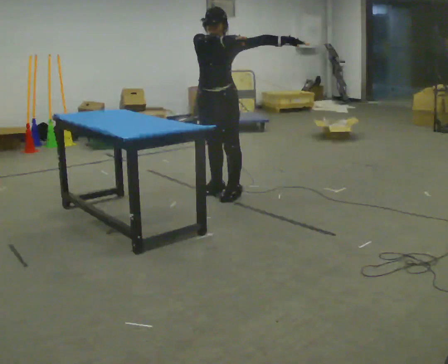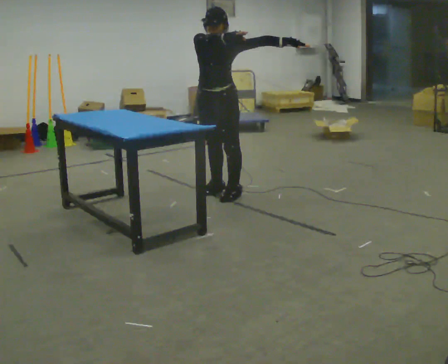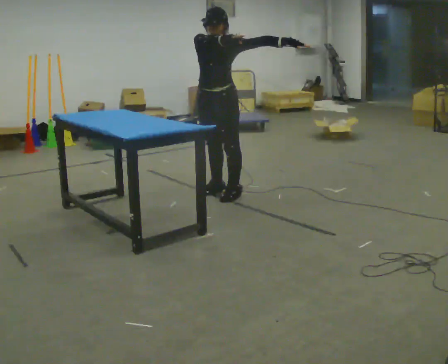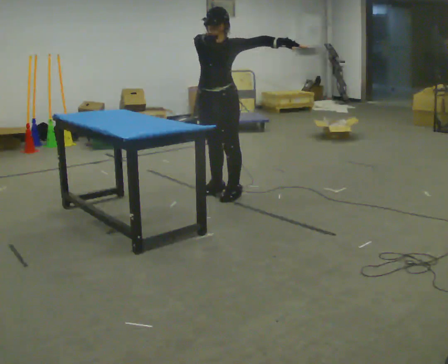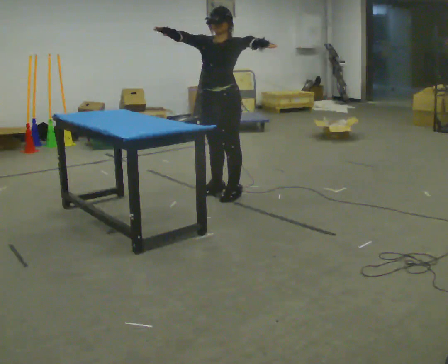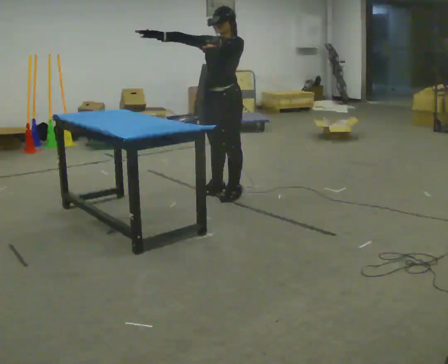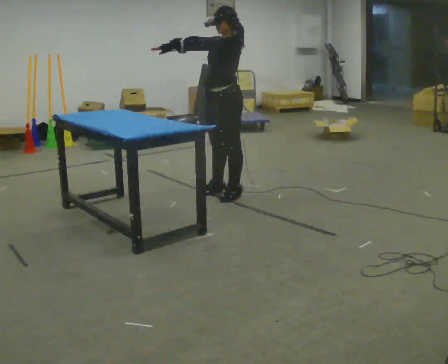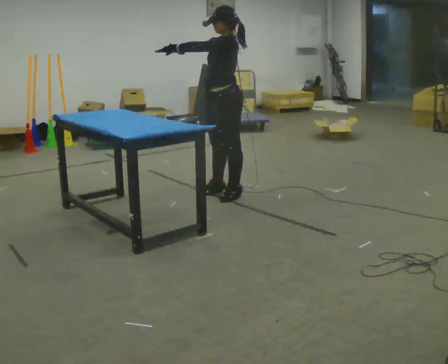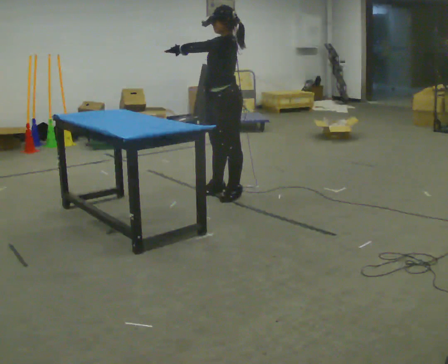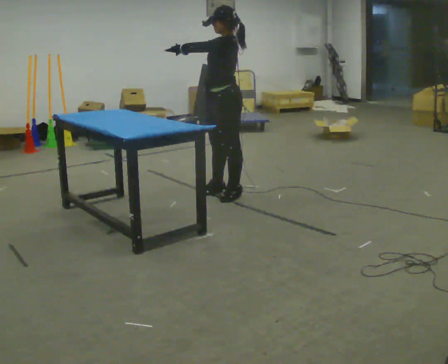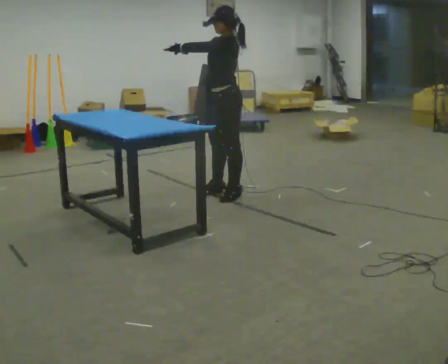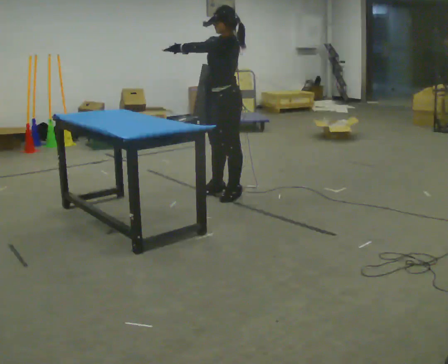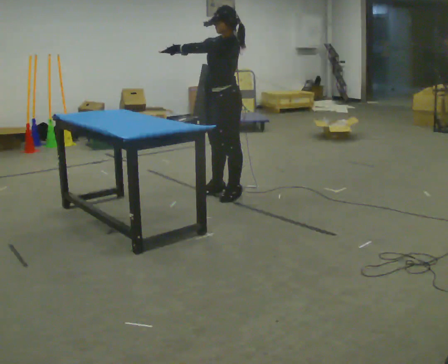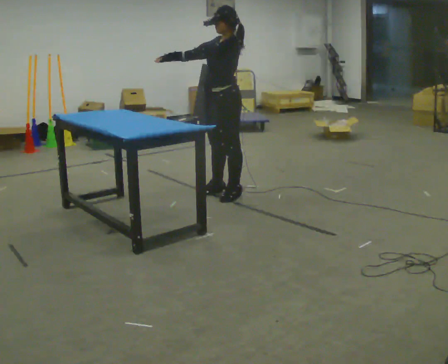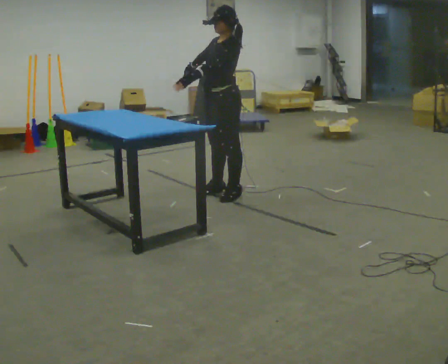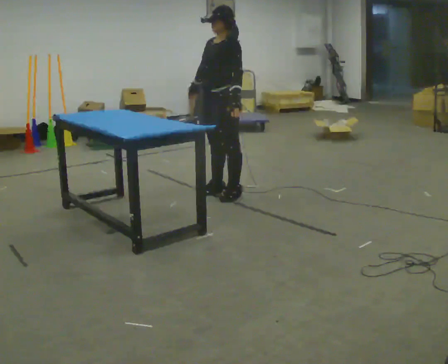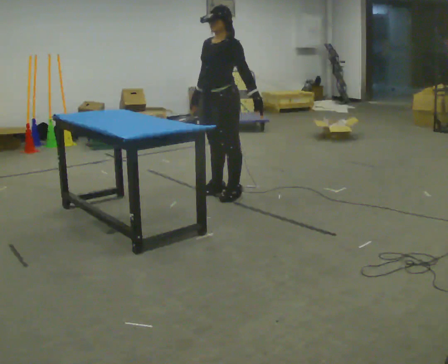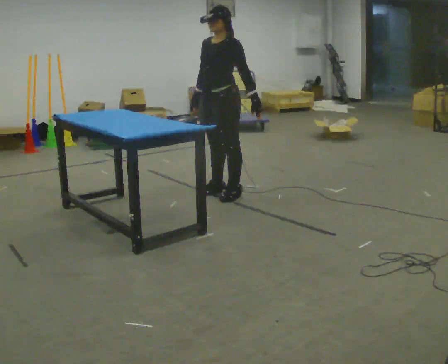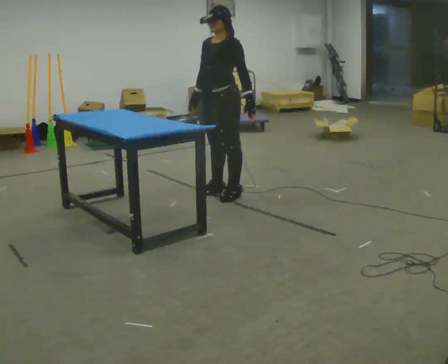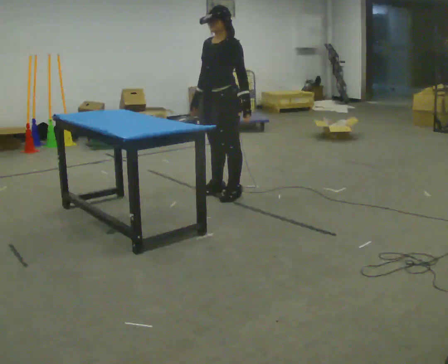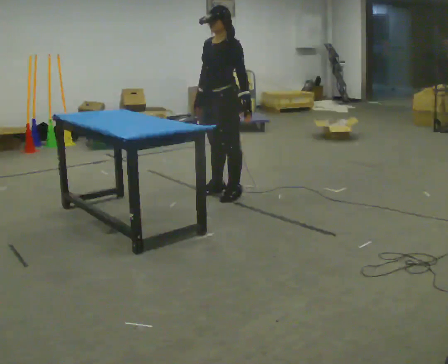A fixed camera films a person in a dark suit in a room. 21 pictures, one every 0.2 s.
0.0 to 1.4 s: The part of the body nearest the lens slides to the left as the person turns to their right by about 45 degrees. In the picture their left hand goes to the left.
1.4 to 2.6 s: The person moves a little, or ends about where they began.
2.6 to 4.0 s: In the picture their left hand goes to the right and downward, the arm swinging counterclockwise.
The film runs forward here.
